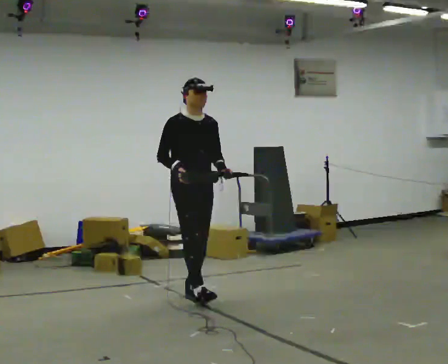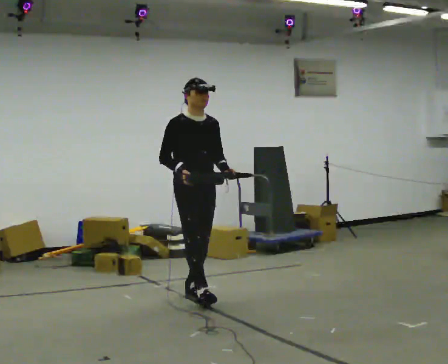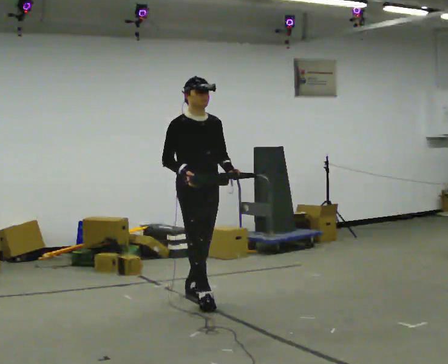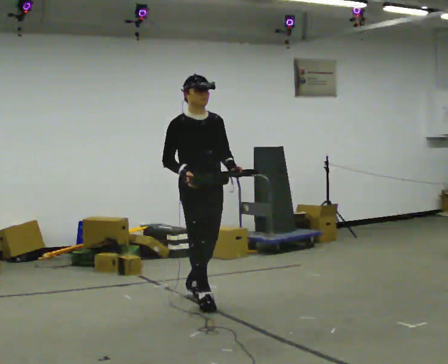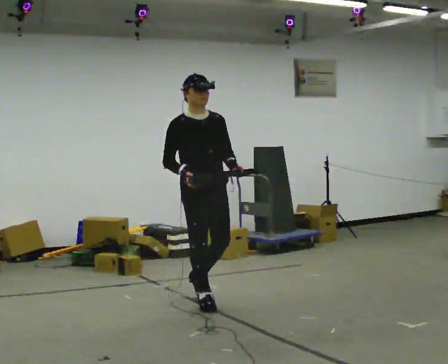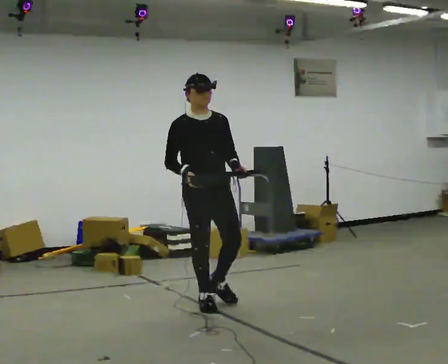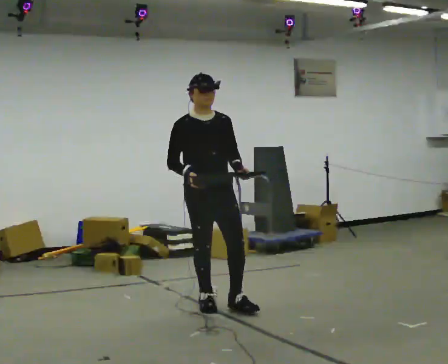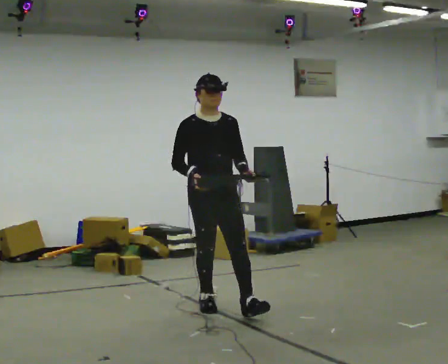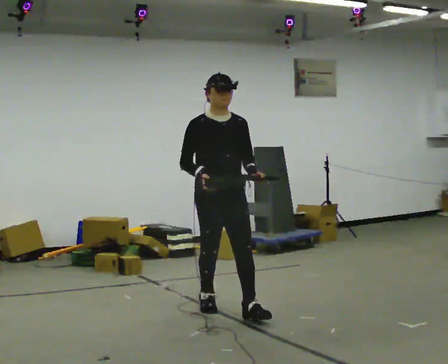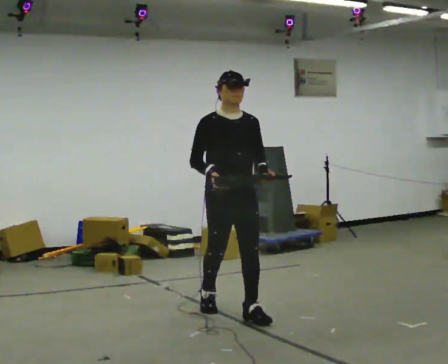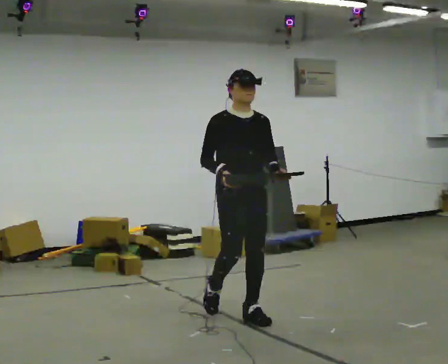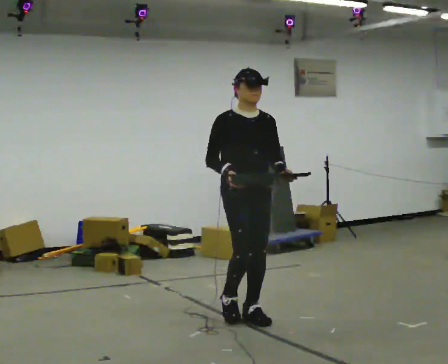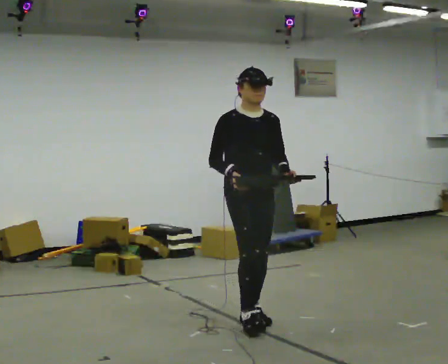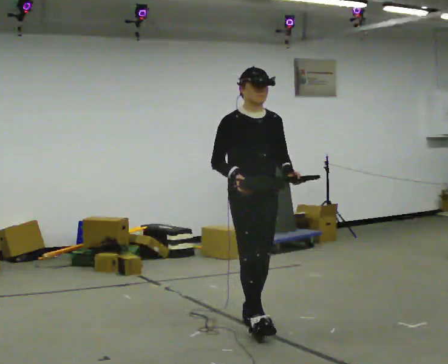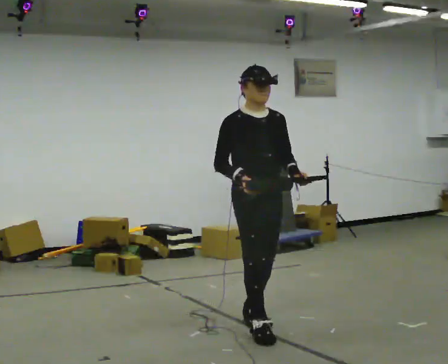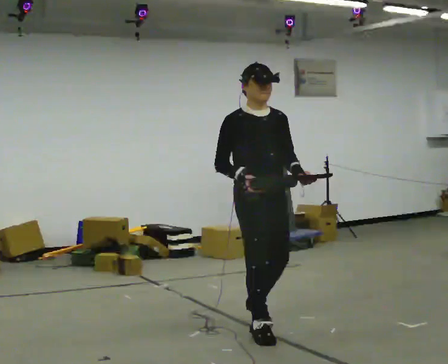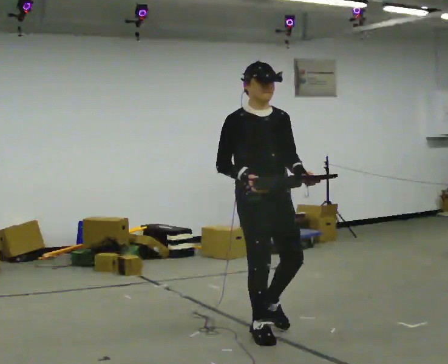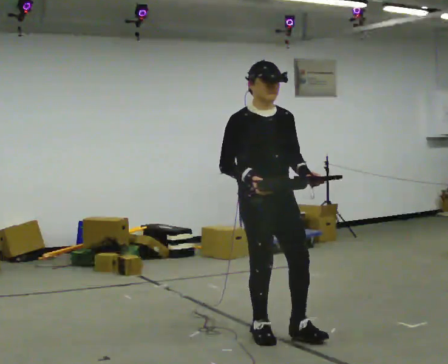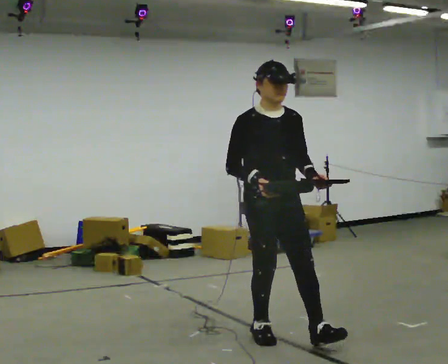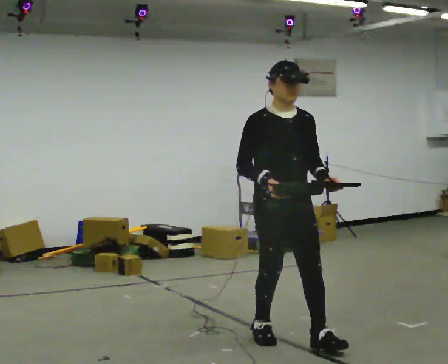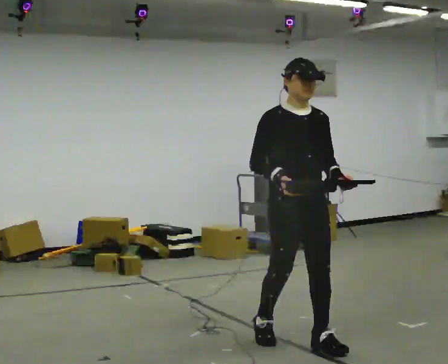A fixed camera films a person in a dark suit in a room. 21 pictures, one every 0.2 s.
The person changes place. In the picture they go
toward the camera.
0.0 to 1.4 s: In the picture they go toward the camera and to the right, about 0.5 m in 2 steps, which for them is forward.
1.4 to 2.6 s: In the picture they go toward the camera and to the right, about 0.5 m in 1 step, which for them is forward.
2.6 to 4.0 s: In the picture they go toward the camera and to the right, about 0.5 m in 1 step, which for them is forward.
The film runs forward here.
